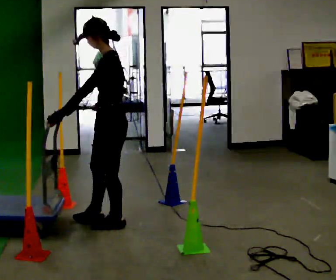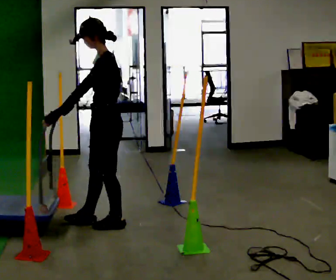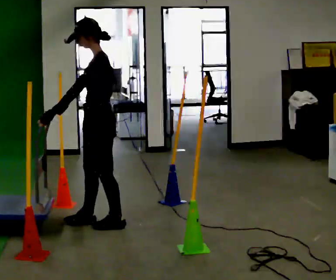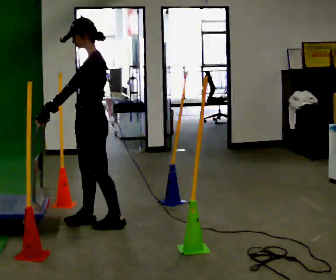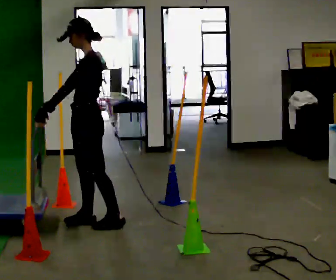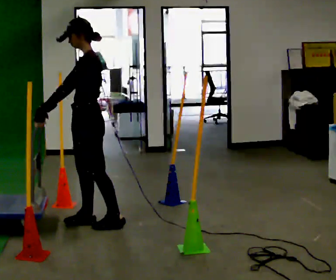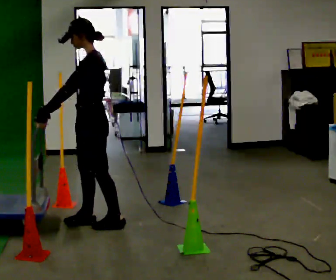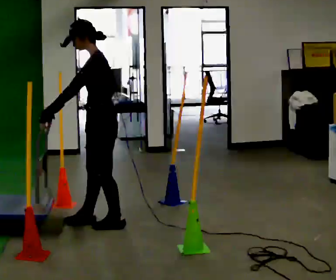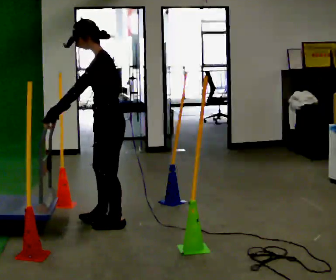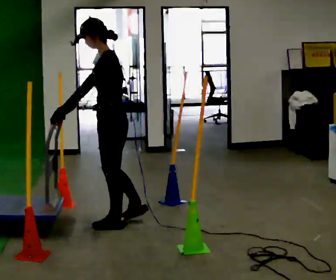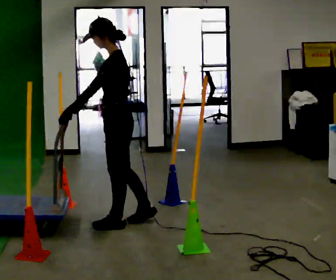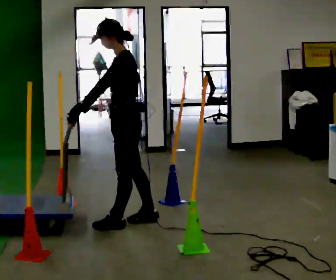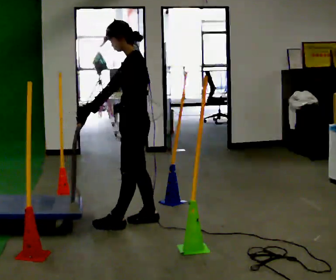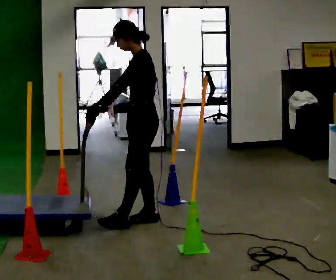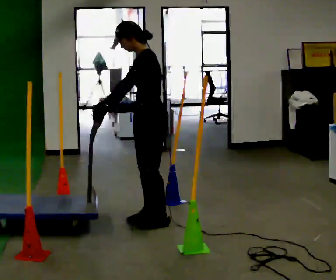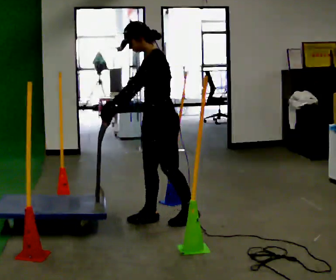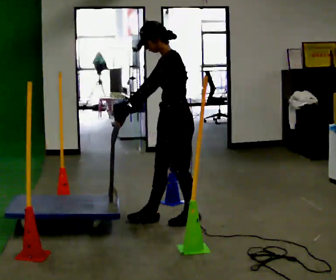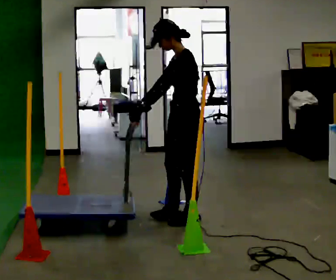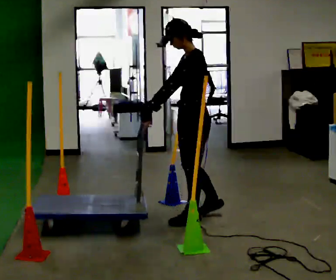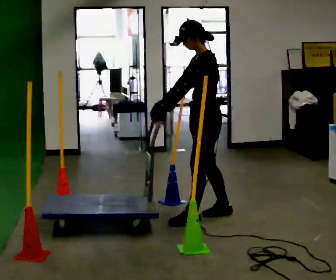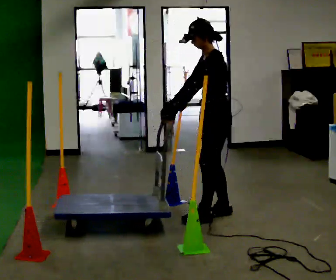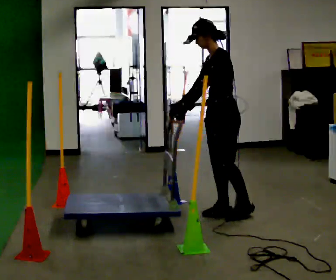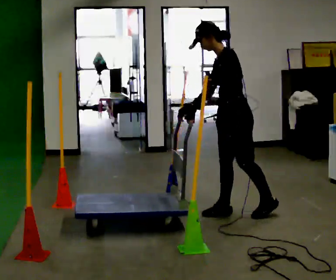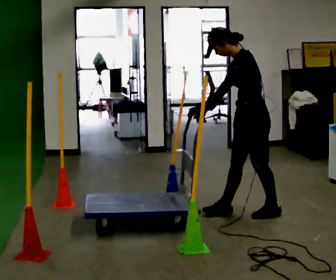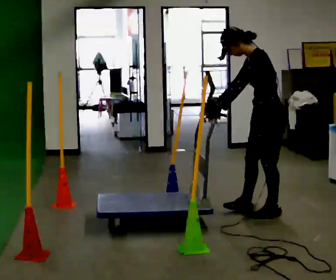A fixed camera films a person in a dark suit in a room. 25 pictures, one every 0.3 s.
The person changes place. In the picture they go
to the right.
0.0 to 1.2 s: In the picture they go to the left, about 0.25 m in 1 step, which for them is forward.
1.2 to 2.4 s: In the picture they go to the right, about 0.25 m, which for them is backward.
2.4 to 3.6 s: In the picture they go to the right, about 0.25 m in 1 step, which for them is backward.
3.6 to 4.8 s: In the picture they go to the right, about 0.25 m in 1 step, which for them is backward.
4.8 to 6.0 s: In the picture they go to the right and away from the camera, about 0.25 m in 1 step, which for them is backward and to their right.
6.0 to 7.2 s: In the picture they go to the right, about 0.5 m in 1 step, which for them is backward.
The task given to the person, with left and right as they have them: Push the cart in and out of the line of poles without touching any of them. Keep going until the operator says stop.
The film runs forward here.
